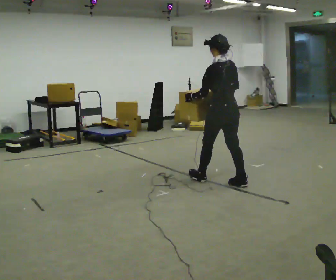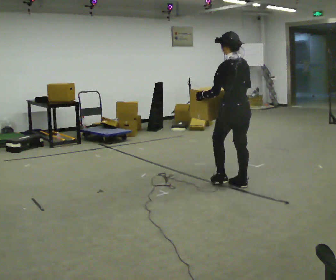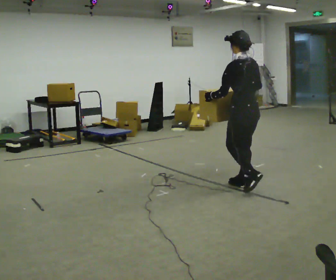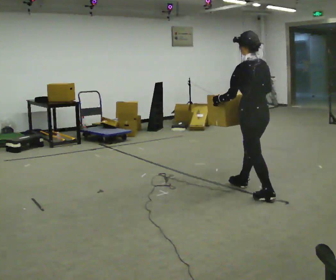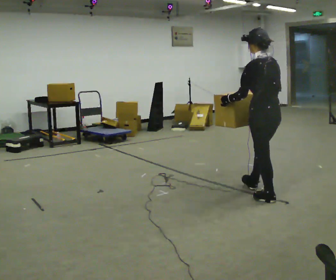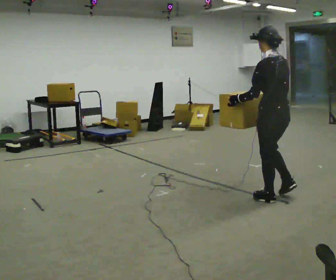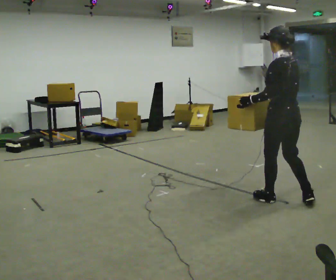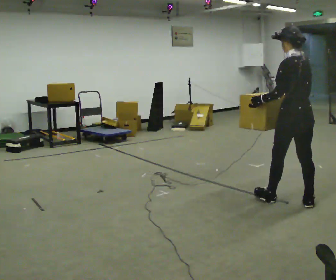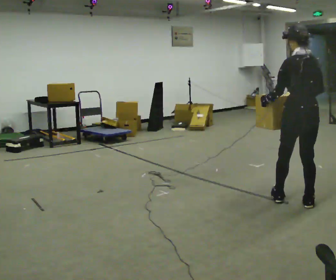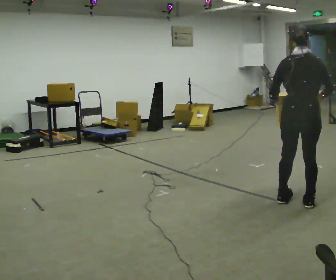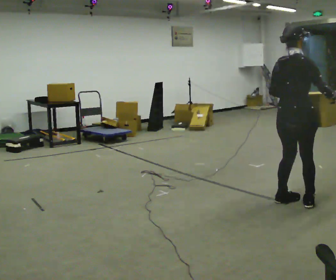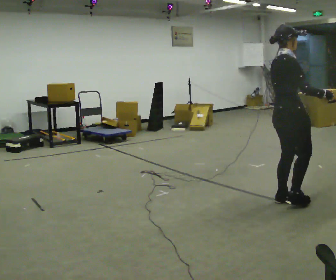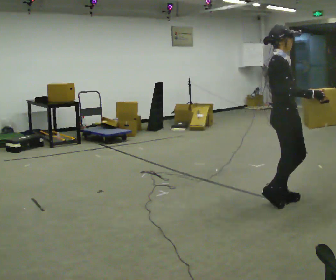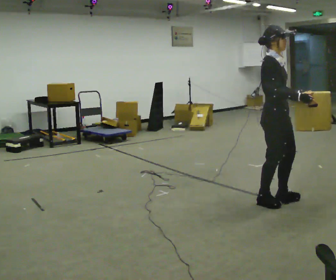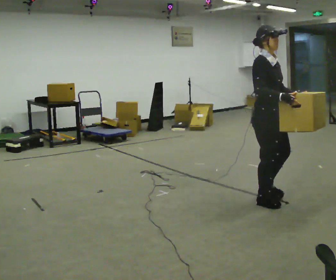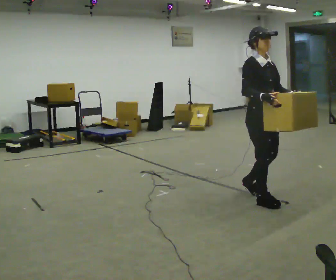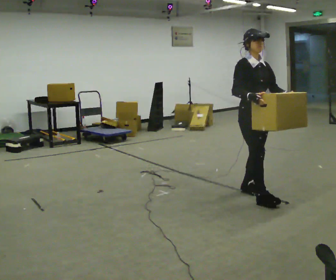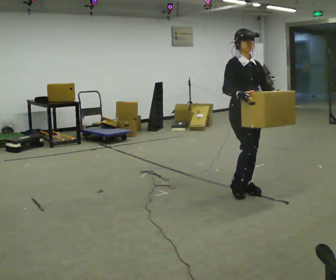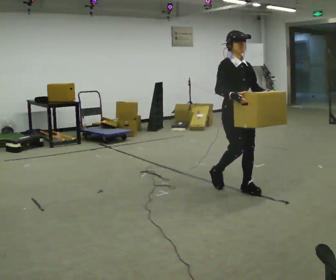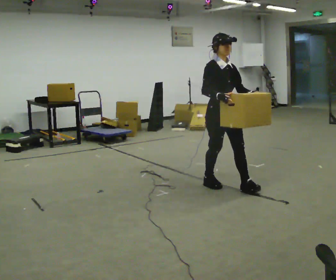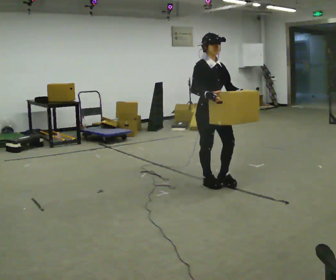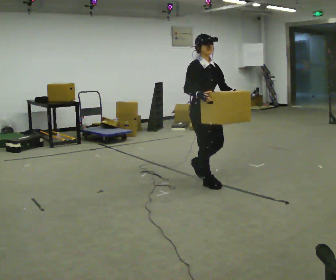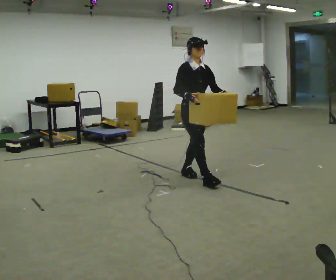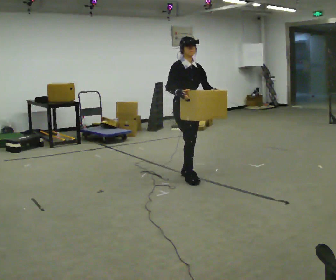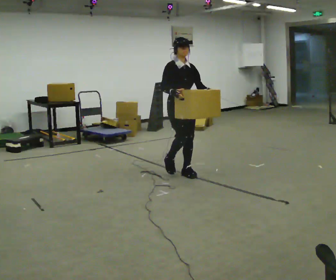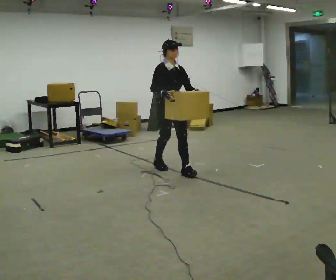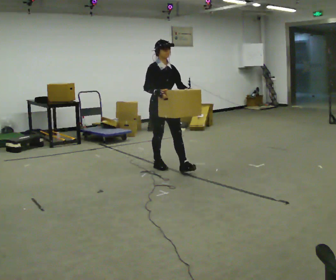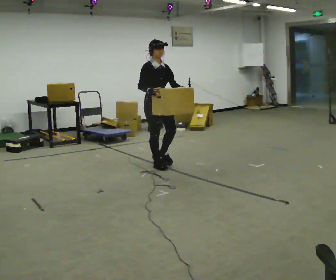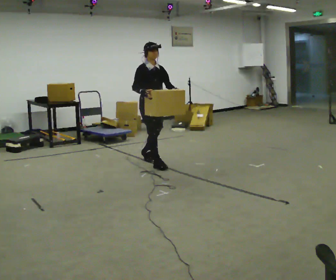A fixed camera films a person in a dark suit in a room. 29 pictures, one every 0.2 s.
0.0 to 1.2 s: In the picture they go to the right and toward the camera, about 1 m in 1 step, which for them is backward.
1.2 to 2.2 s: Seen from above the body turns clockwise, about 120 degrees: to their right, with its near side sliding to the left. In the picture their right hand goes to the right.
2.2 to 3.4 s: The person turns about 75 degrees to their right, clockwise seen from above, so the part of the body nearest the lens slides to the left. In the picture they go to the left and away from the camera, about 0.5 m in 2 steps.
3.4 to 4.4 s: In the picture they go to the left and away from the camera, about 0.5 m in 1 step, which for them is backward.
4.4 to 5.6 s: In the picture they go to the left and away from the camera, about 1 m in 2 steps, which for them is backward.
The film runs backward here.
